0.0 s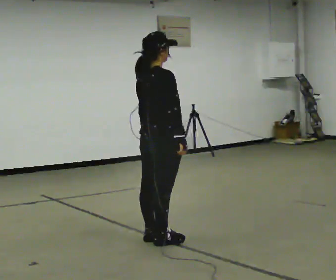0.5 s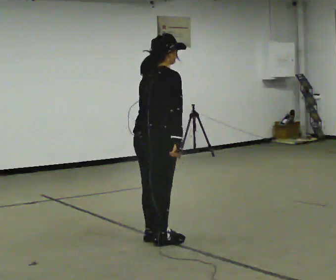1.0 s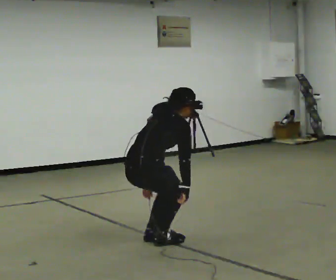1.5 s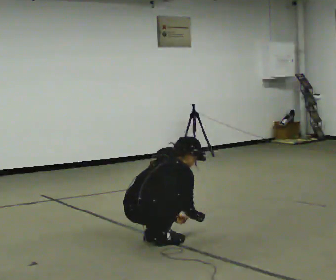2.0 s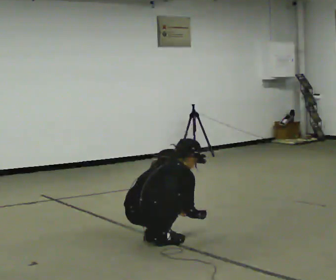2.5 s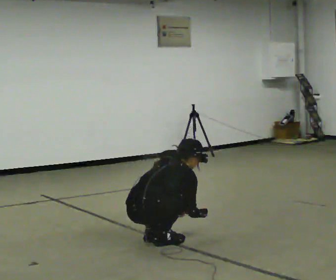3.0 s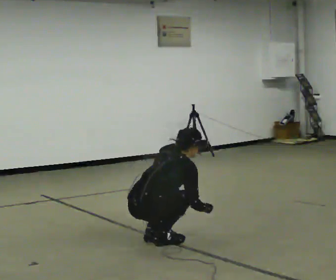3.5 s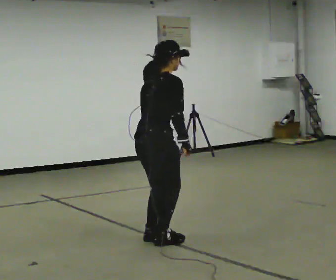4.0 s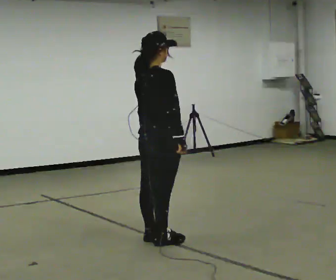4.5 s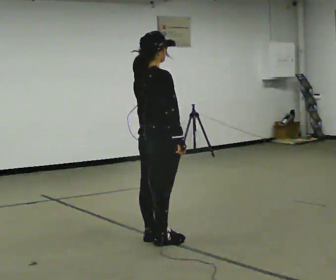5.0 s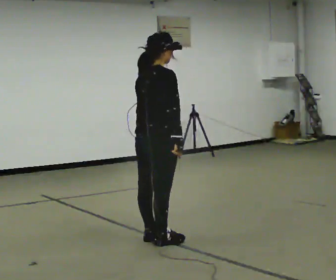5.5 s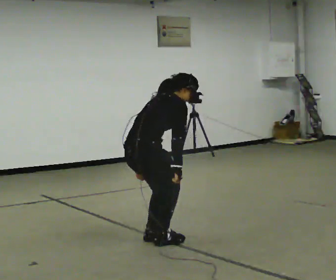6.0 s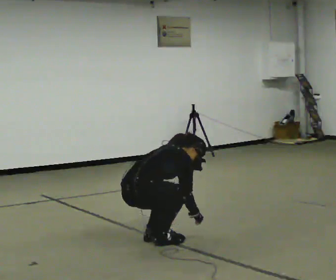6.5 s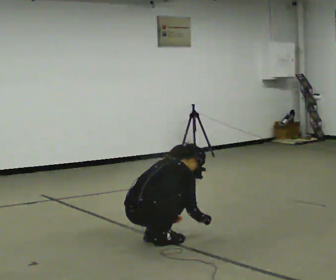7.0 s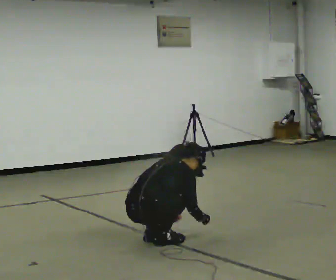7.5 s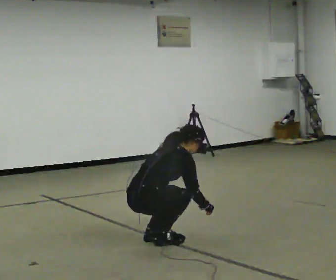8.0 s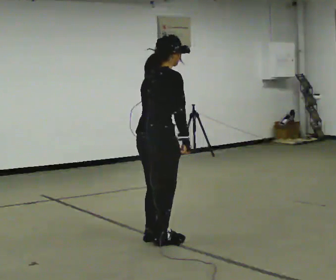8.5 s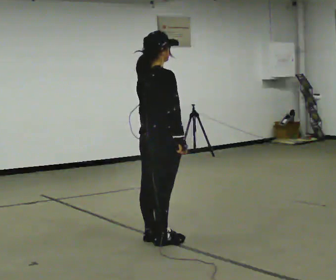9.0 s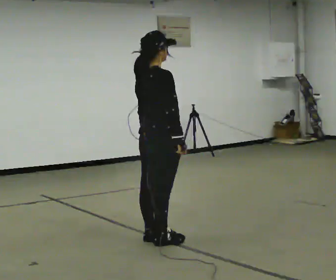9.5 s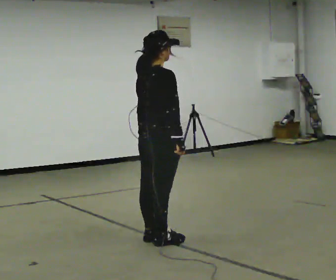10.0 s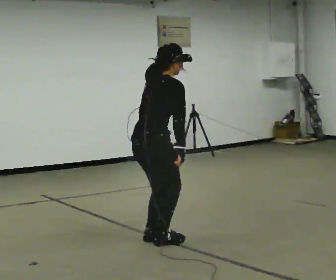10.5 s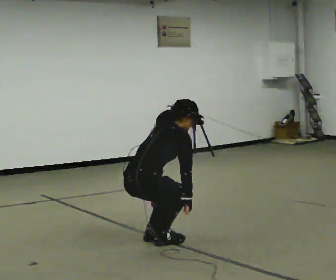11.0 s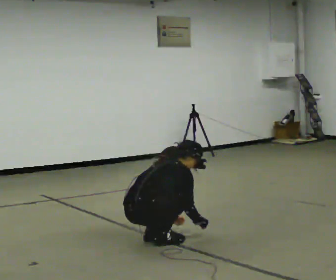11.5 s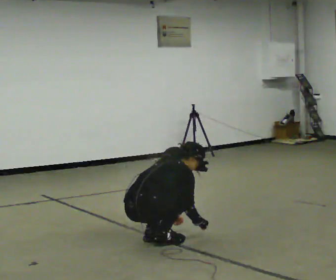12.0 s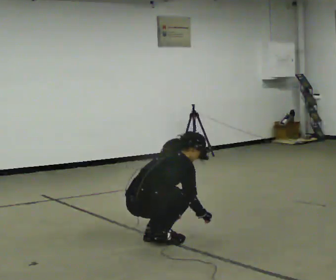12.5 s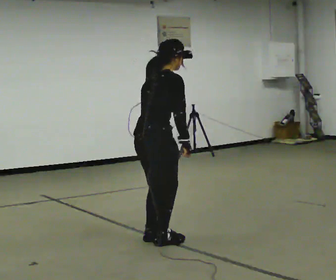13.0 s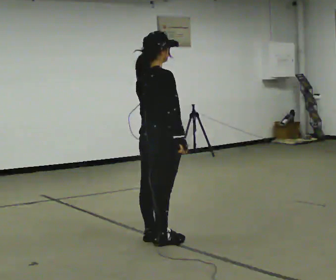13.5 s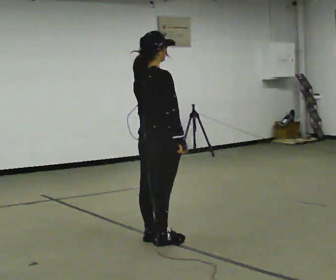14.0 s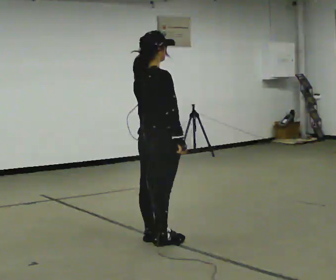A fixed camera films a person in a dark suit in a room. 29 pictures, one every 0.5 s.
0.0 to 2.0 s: In the picture they go to the left and toward the camera, about 0.25 m, which for them is backward. The shoulders move downward. In the picture the upper body tilts clockwise, shoulders to the right, as they bend forward. In the picture their right hand goes downward.
2.0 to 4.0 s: In the picture they go to the right, about 0.25 m, which for them is forward. The shoulders move upward. In the picture the upper body tilts counterclockwise, shoulders to the left, as they lean back or straighten. In the picture their right hand goes upward.
4.0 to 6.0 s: In the picture they go to the left, about 0.25 m, which for them is backward. The shoulders move downward. In the picture the upper body tilts clockwise, shoulders to the right, as they bend forward. In the picture their left hand goes downward.
6.0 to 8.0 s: The upper body goes upward. In the picture the upper body tilts counterclockwise, shoulders to the left, as they lean back or straighten. In the picture their left hand goes upward.
8.0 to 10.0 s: The person moves a little, or ends about where they began.
10.0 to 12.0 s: The shoulders move downward. In the picture the upper body tilts clockwise, shoulders to the right, as they bend forward. In the picture their right hand goes downward.
12.0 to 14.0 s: The upper body goes upward. In the picture the upper body tilts counterclockwise, shoulders to the left, as they lean back or straighten. In the picture their right hand goes upward.
The film runs backward here.
